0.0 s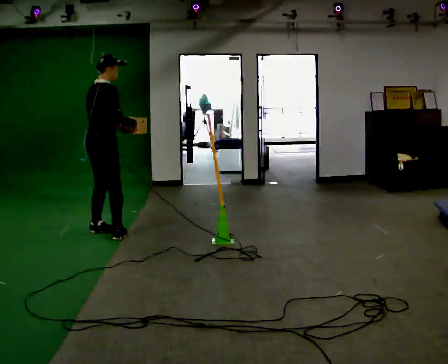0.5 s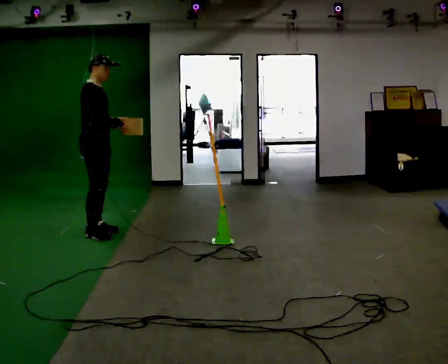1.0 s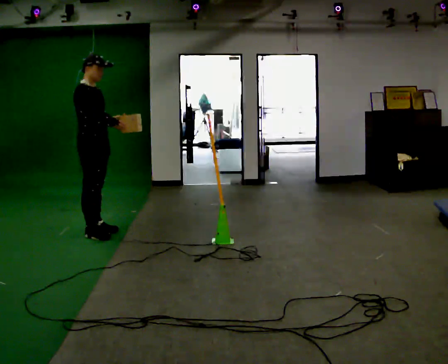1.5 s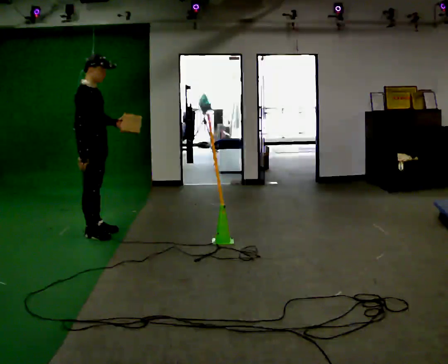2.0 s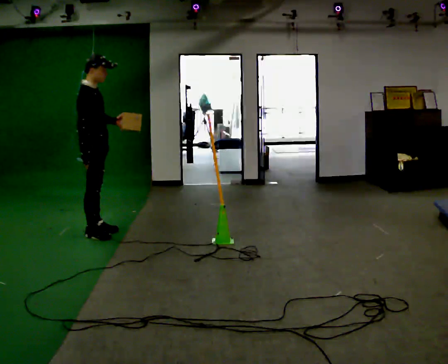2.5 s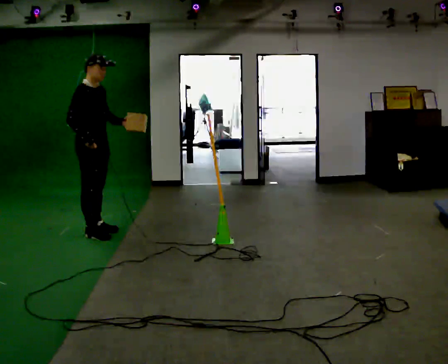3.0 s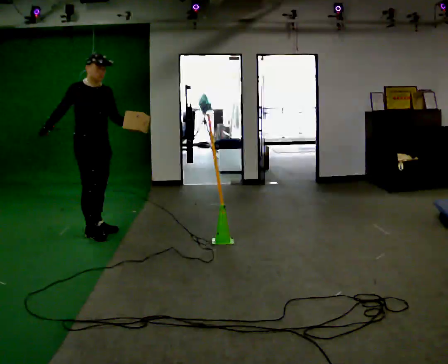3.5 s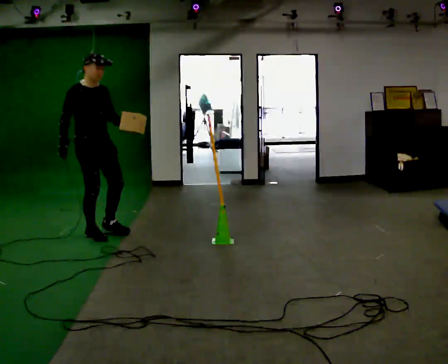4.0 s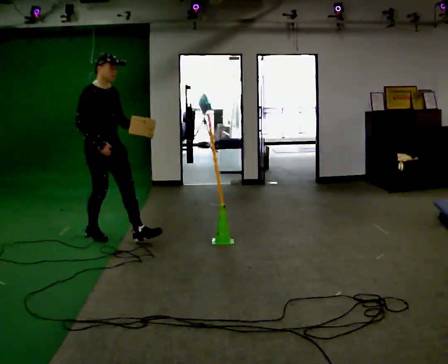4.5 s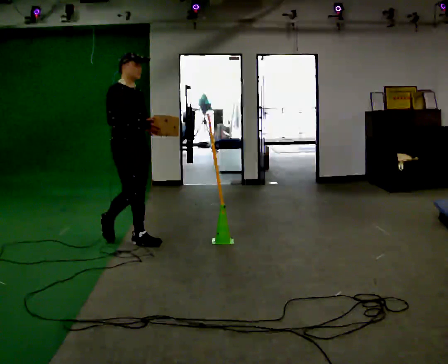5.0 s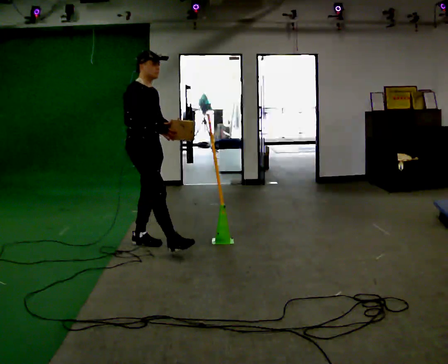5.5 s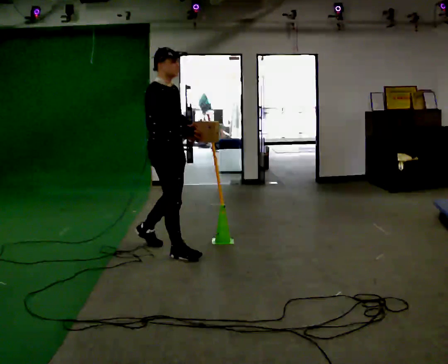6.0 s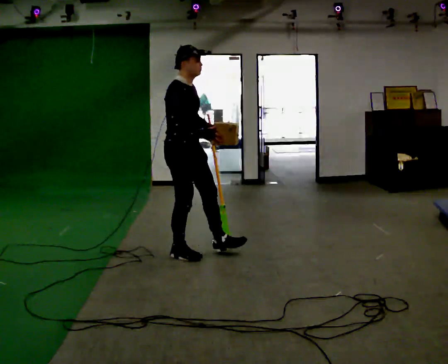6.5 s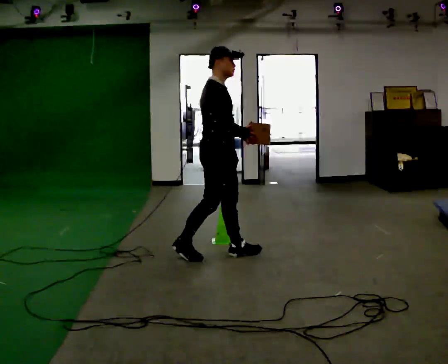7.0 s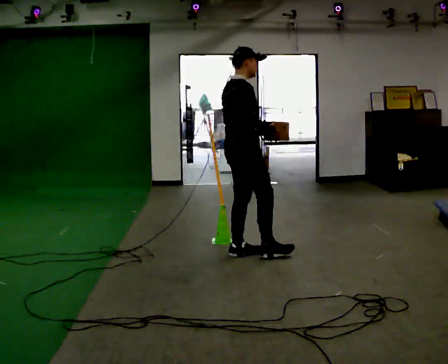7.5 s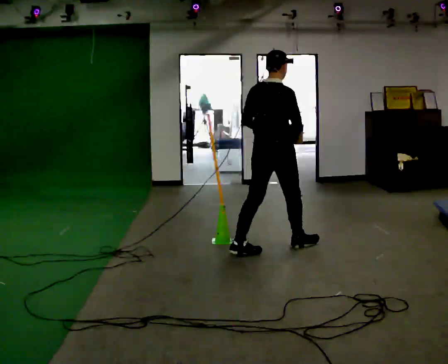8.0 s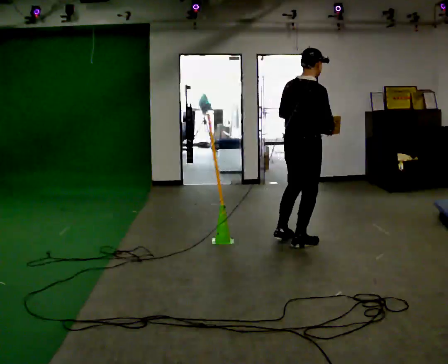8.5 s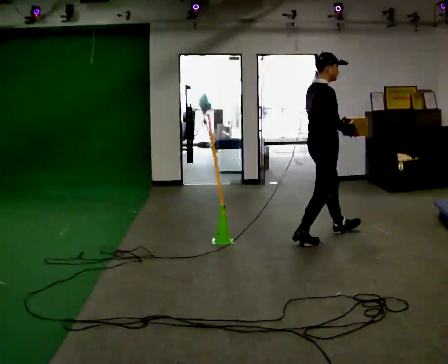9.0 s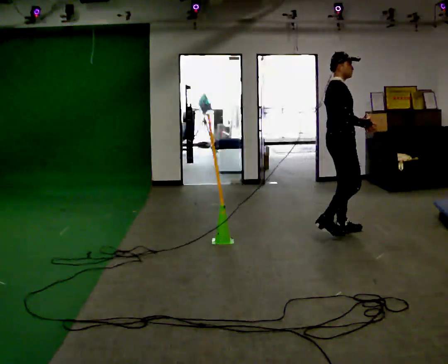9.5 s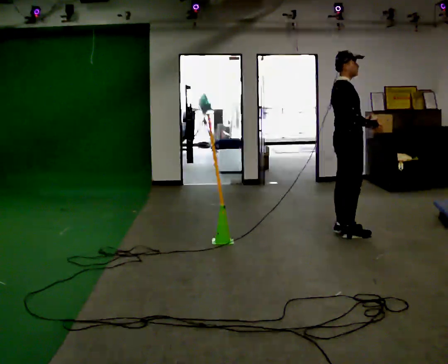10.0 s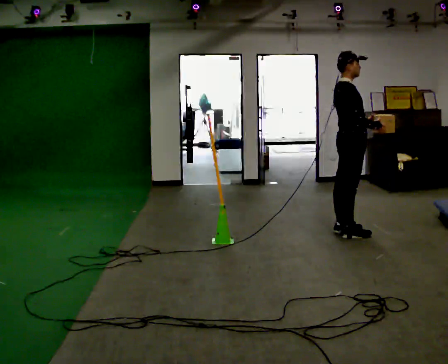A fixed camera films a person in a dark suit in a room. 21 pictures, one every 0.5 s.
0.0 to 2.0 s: In the picture their right hand goes to the left.
2.0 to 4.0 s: The part of the body nearest the lens slides to the left as the person turns to their right by about 45 degrees. In the picture they go toward the camera, about 0.25 m in 1 step, which for them is forward.
4.0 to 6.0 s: In the picture they go to the right and toward the camera, about 1 m in 1 step, which for them is forward.
6.0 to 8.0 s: Seen from above the body turns counterclockwise, about 60 degrees: to their left, with its near side sliding to the right. In the picture they go to the right, about 1 m in 2 steps.
8.0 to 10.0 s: Seen from above the body turns clockwise, about 45 degrees: to their right, with its near side sliding to the left. In the picture they go to the right and away from the camera, about 0.5 m in 2 steps, which for them is forward and to their left.
The film runs forward here.
